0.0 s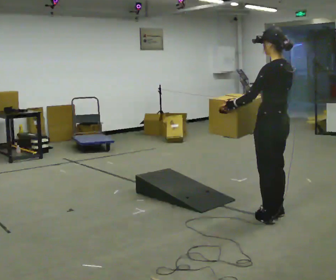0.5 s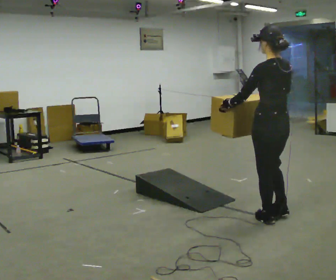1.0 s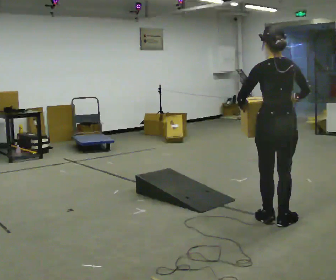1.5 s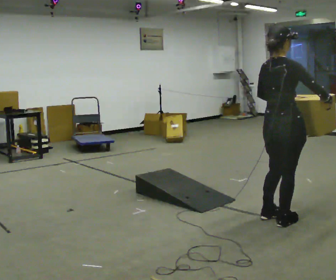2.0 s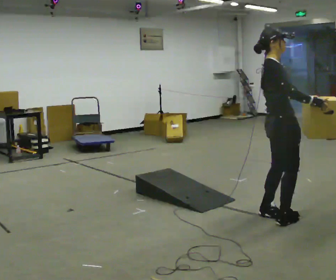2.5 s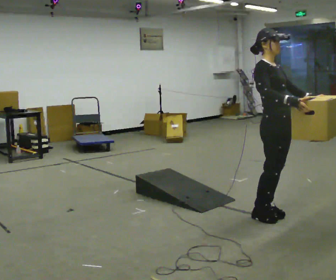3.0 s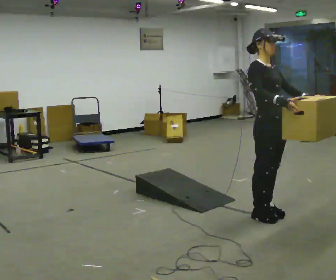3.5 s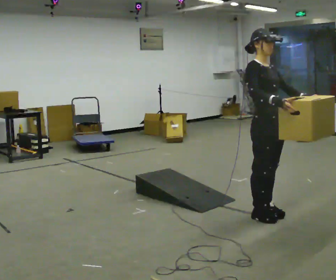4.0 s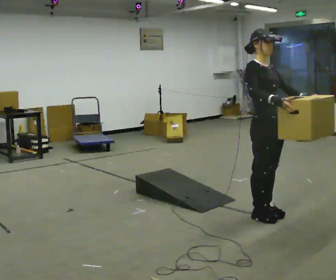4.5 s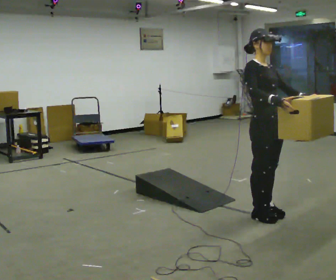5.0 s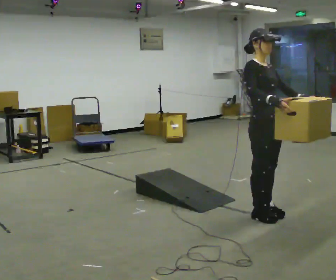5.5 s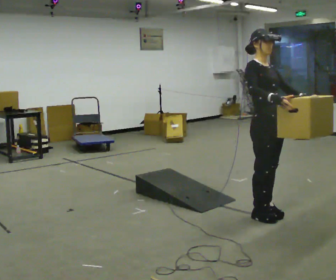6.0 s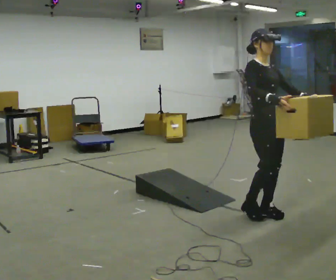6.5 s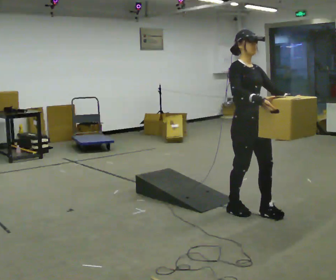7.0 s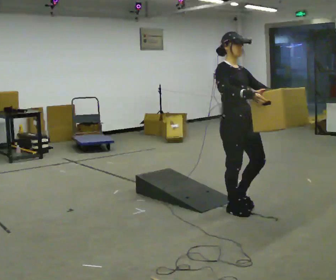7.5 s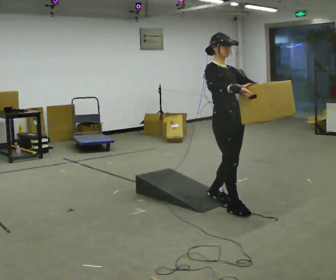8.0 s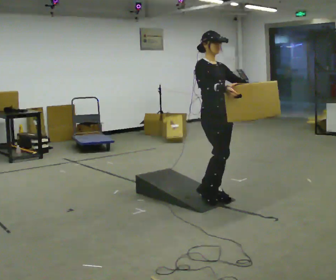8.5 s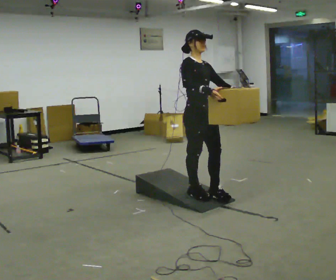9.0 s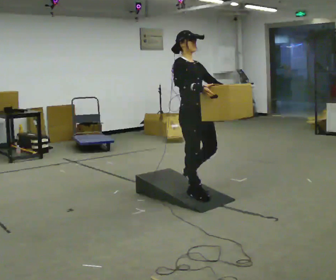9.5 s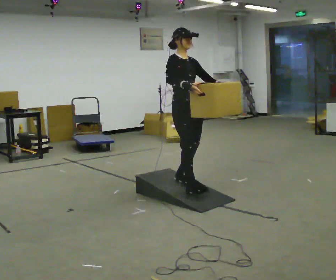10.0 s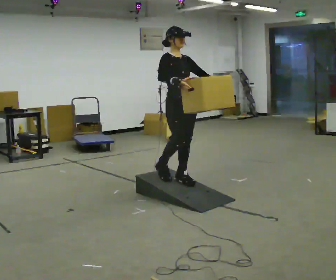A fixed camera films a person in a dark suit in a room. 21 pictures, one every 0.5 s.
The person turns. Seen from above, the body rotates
clockwise.
The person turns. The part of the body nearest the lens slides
to the left.
0.0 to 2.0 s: The person turns about 135 degrees to their right, clockwise seen from above, so the part of the body nearest the lens slides to the left. In the picture the upper body tilts counterclockwise, shoulders to the left. In the picture their right hand goes to the right.
2.0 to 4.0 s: Seen from above the body turns clockwise, about 45 degrees: to their right, with its near side sliding to the left.
4.0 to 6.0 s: The person moves a little, or ends about where they began.
6.0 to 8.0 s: In the picture they go away from the camera and to the left, about 0.5 m in 2 steps, which for them is backward.
8.0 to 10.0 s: In the picture they go to the left and away from the camera, about 0.5 m in 2 steps, which for them is backward.
The film runs backward here.
